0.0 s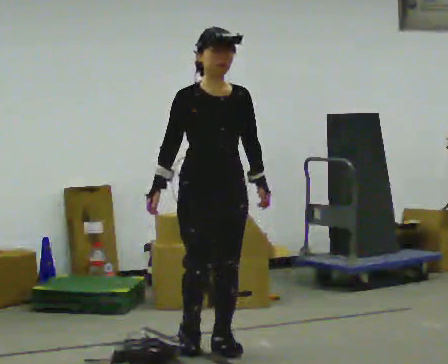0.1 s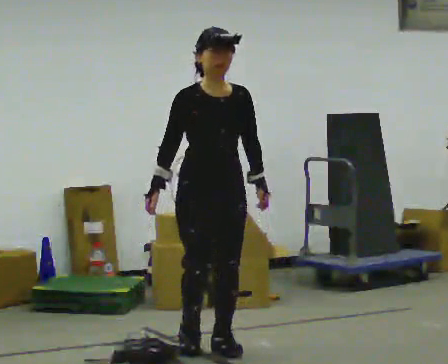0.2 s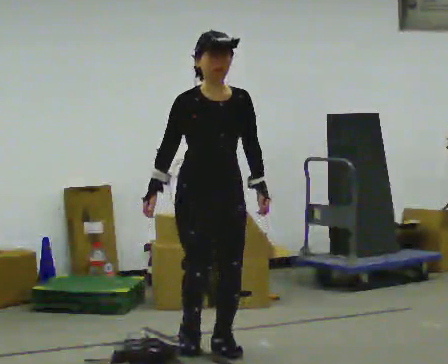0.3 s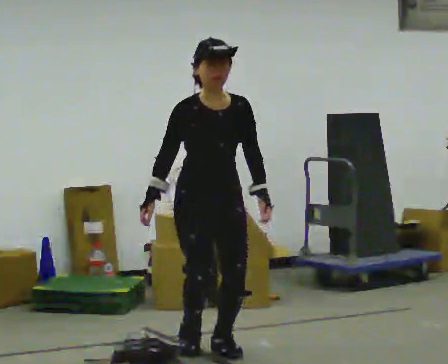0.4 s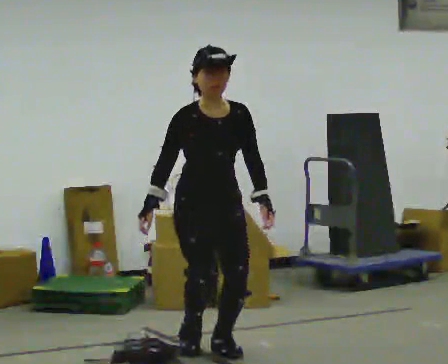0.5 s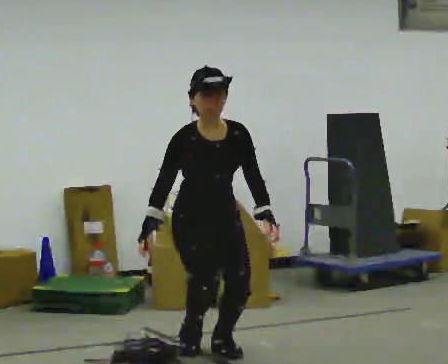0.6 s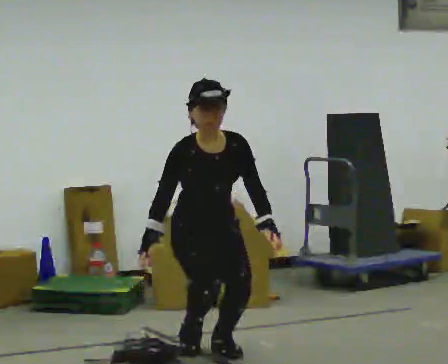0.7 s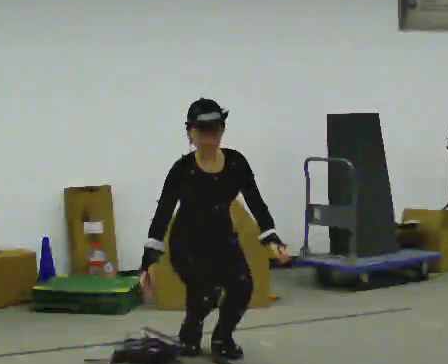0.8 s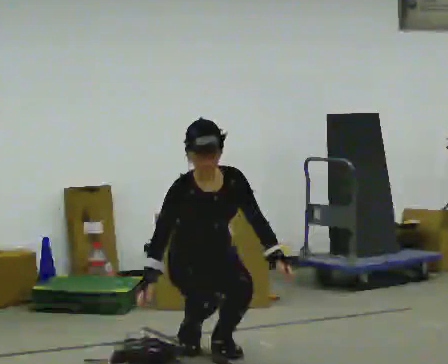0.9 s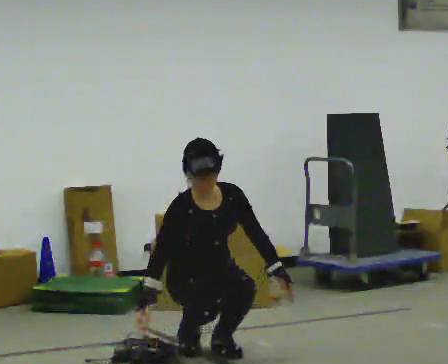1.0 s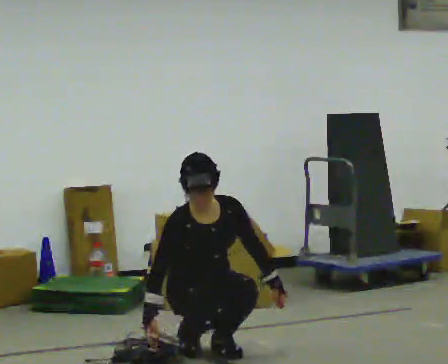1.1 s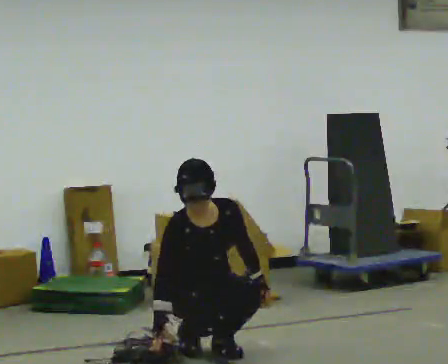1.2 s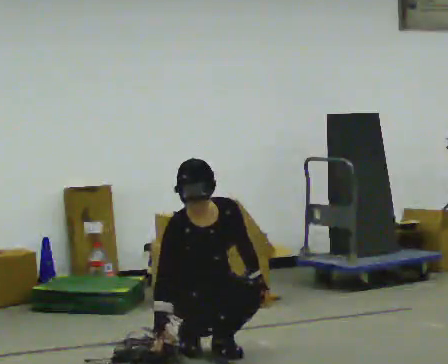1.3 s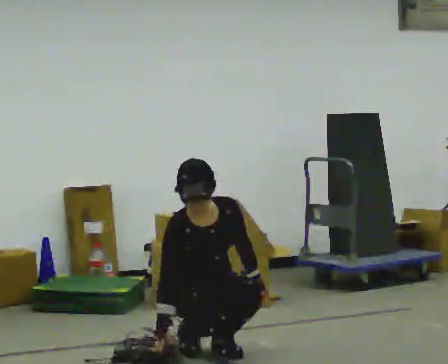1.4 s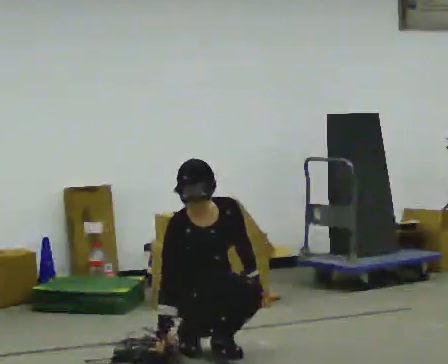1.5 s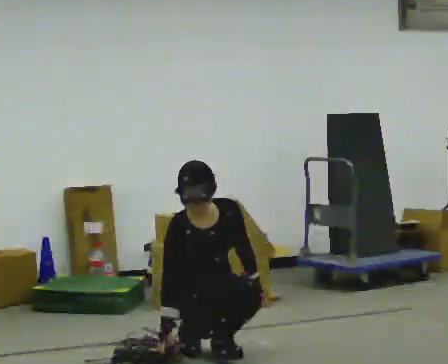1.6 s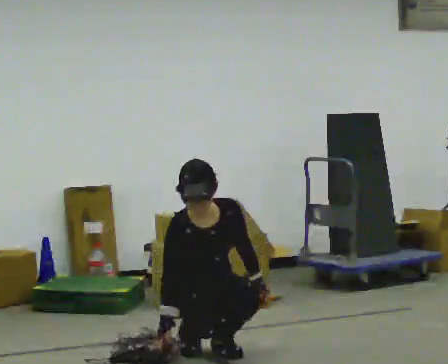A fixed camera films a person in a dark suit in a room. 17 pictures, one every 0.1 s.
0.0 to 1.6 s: The shoulders move downward. The upper body tips toward the camera, its near side rolling downward, as they bend forward. In the picture their left hand goes downward.
The film runs backward here.
